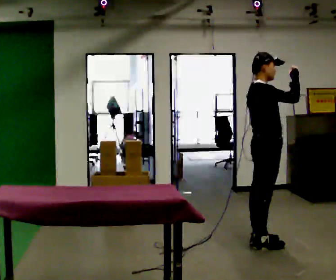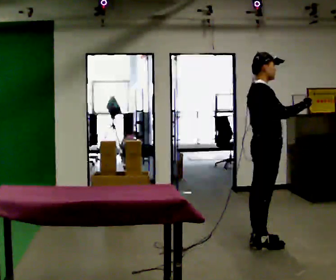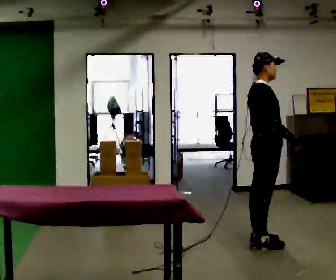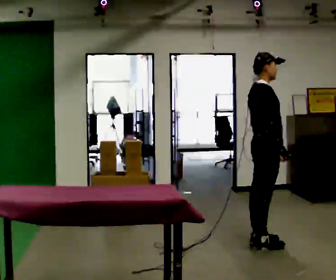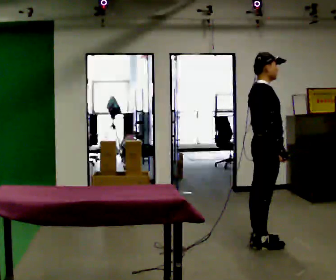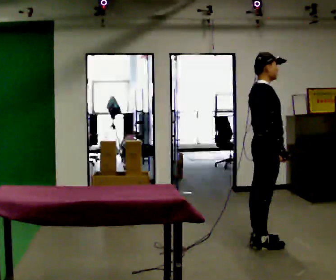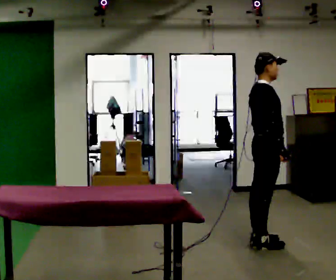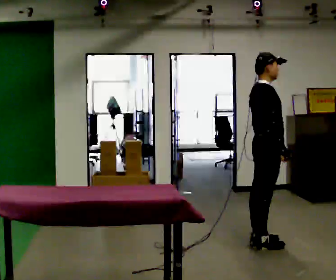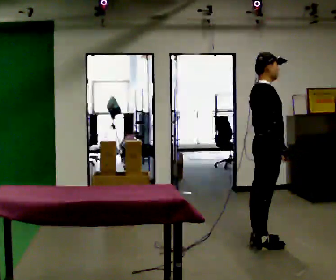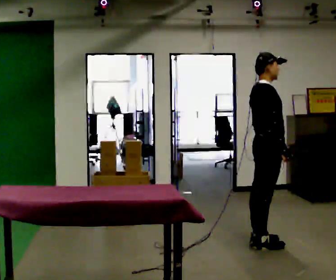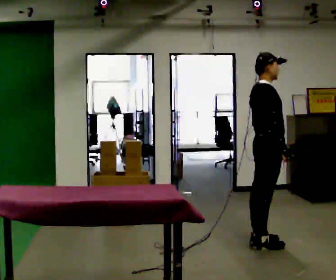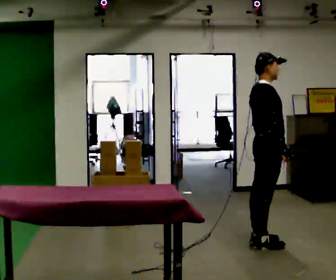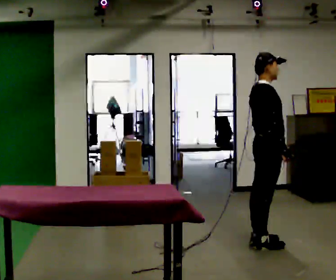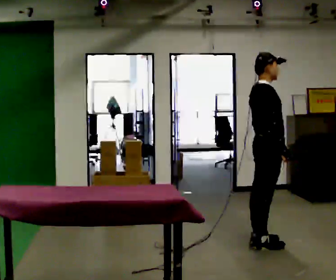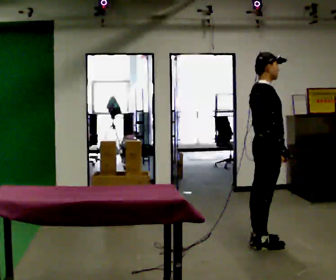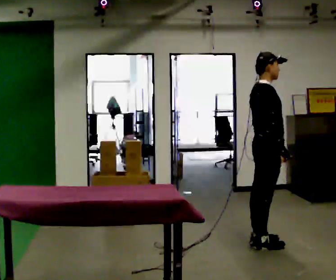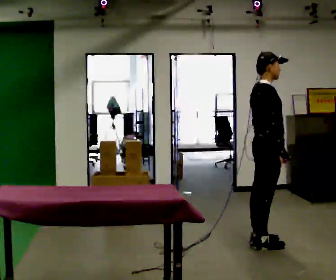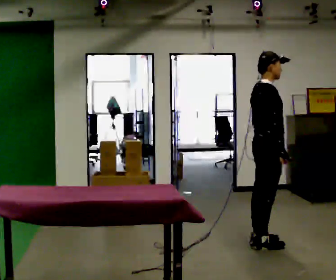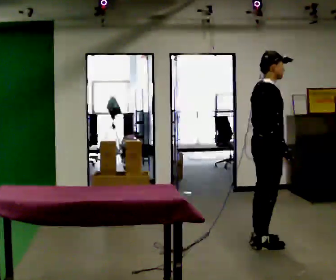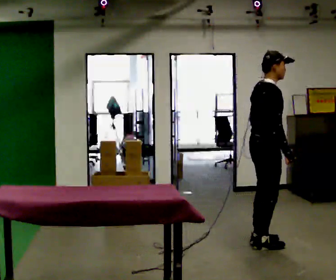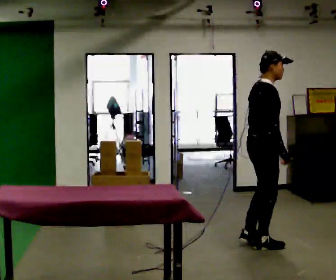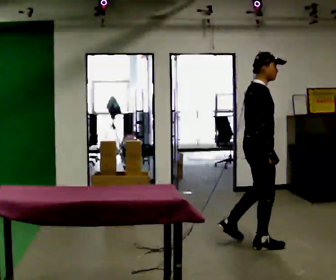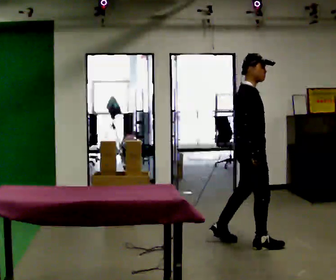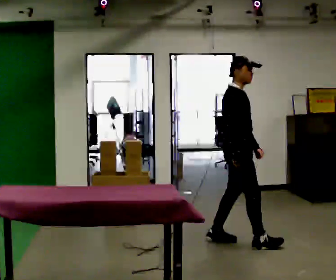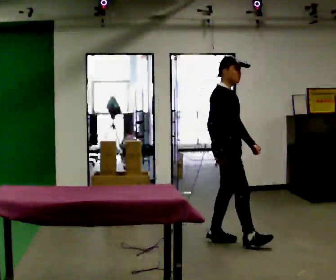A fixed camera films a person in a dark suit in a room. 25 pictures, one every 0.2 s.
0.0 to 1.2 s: In the picture their right hand goes downward, the arm swinging clockwise.
1.2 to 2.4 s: The person keeps their place and pose.
2.4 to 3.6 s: The person moves a little, or ends about where they began.
3.6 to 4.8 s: In the picture they go to the left and away from the camera, about 0.5 m in 2 steps, which for them is backward and to their left.
The film runs backward here.
